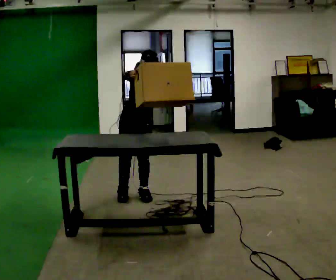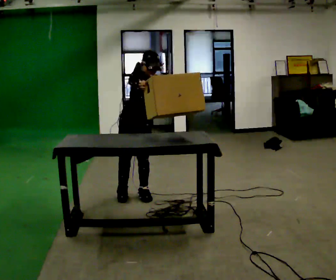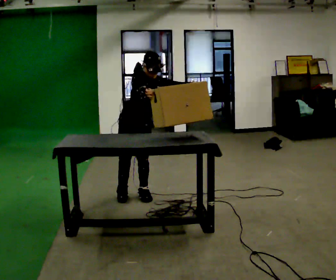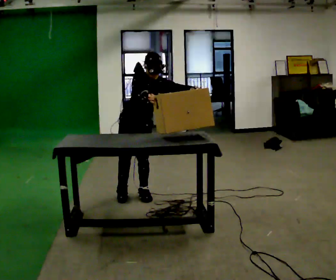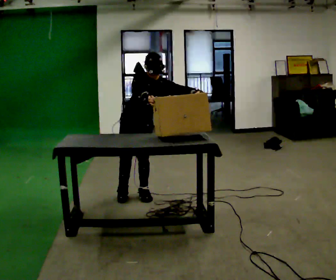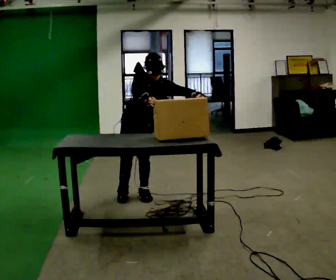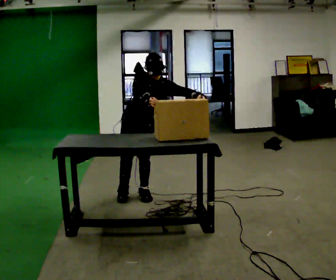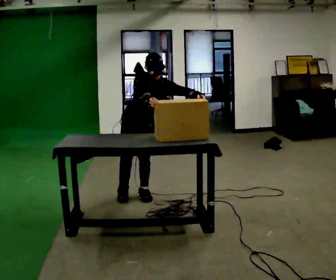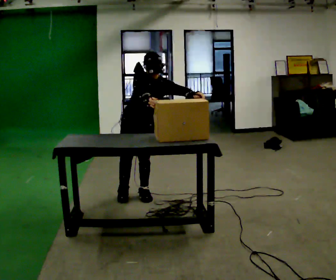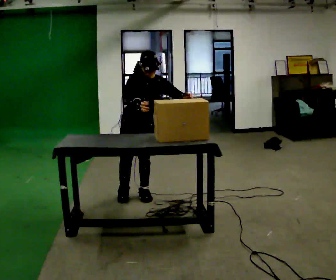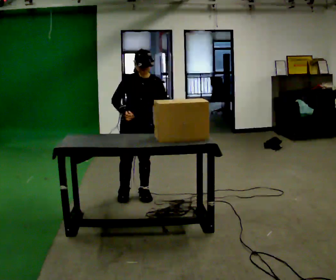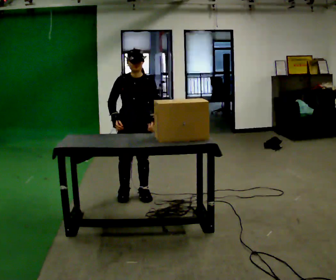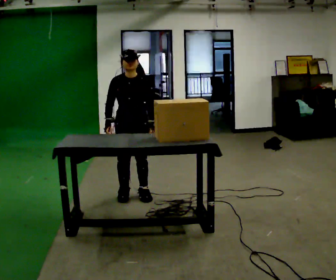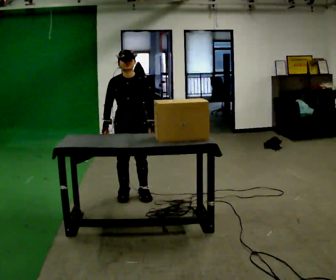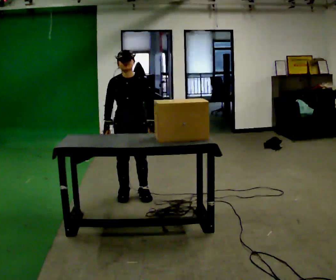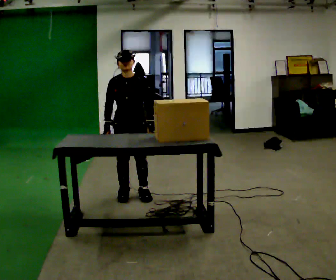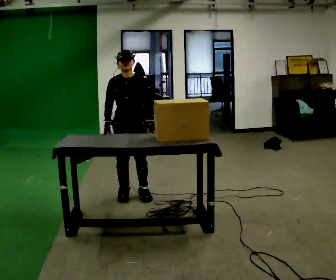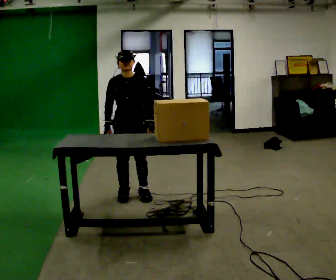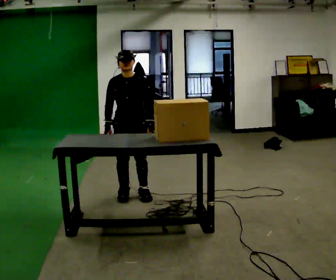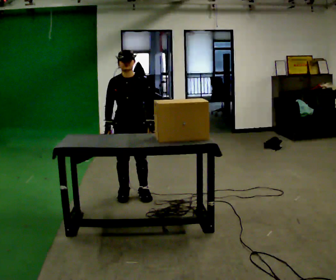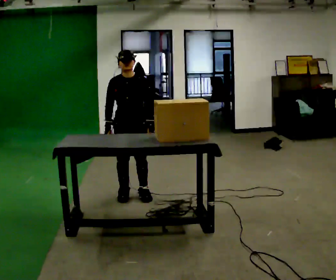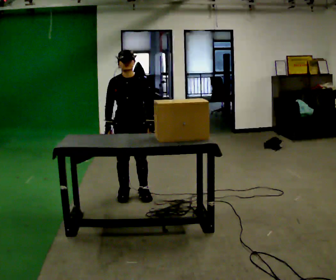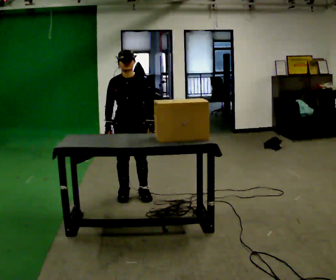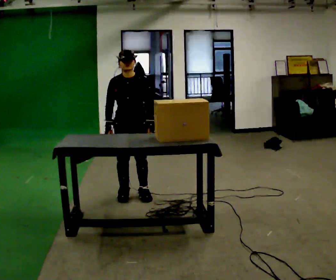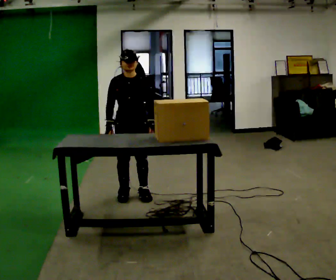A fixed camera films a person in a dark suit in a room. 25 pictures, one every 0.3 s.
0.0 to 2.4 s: The person moves a little, or ends about where they began.
2.4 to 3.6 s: In the picture the upper body tilts counterclockwise, shoulders to the left. In the picture their left hand goes downward and to the left.
3.6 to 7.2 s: The person moves a little, or ends about where they began.
The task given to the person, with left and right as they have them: Lift the heavy object with both hands and set it down again in a different spot on the same surface. Repeat at your own pace until the operator says stop. Keep both feet on the marked spots for the whole take. If you have to step, stop and tell the operator.
The film runs forward here.
